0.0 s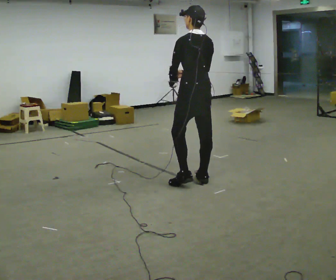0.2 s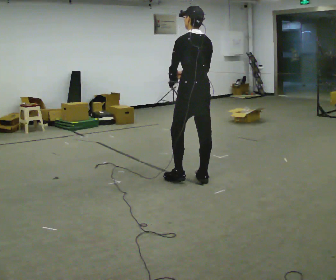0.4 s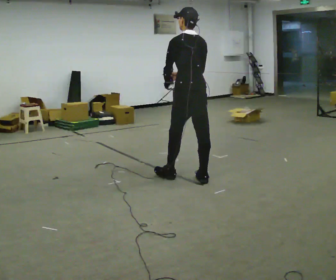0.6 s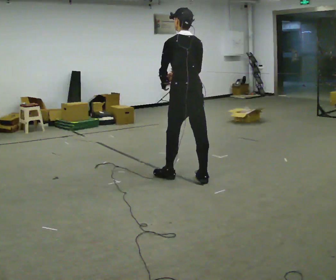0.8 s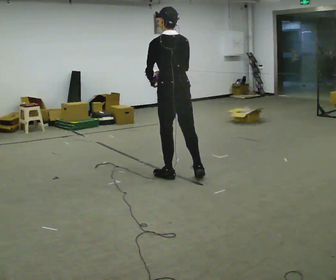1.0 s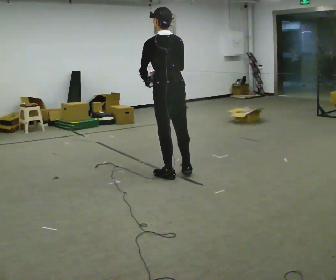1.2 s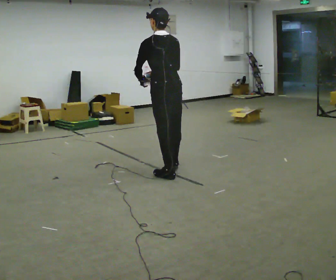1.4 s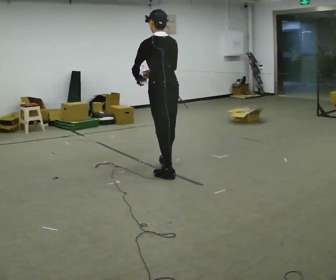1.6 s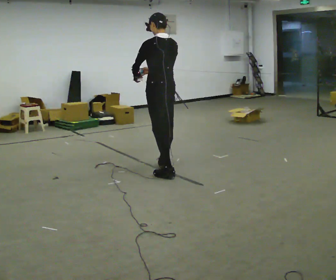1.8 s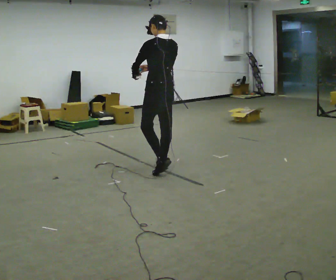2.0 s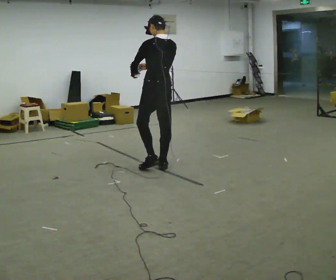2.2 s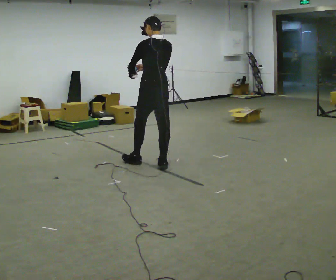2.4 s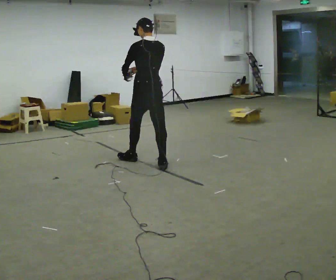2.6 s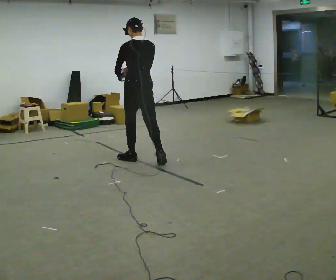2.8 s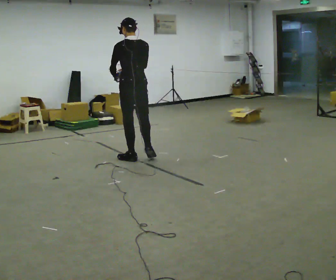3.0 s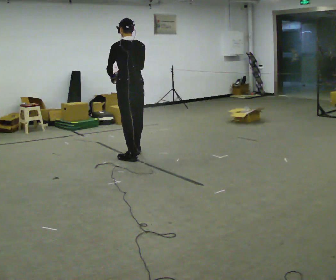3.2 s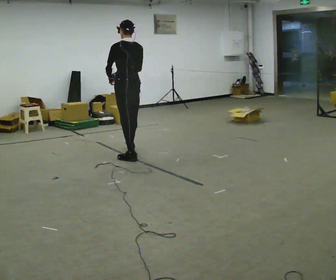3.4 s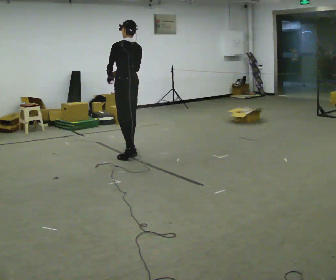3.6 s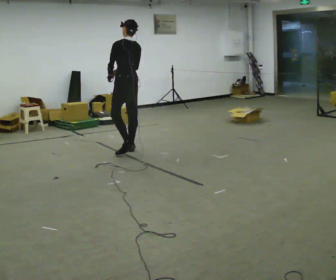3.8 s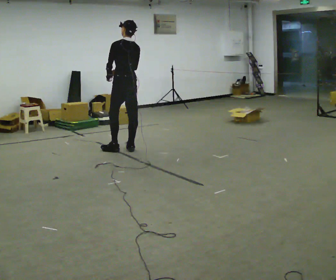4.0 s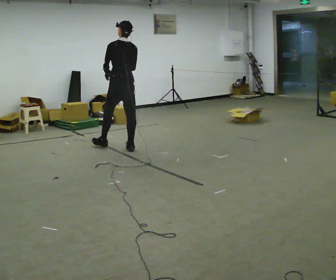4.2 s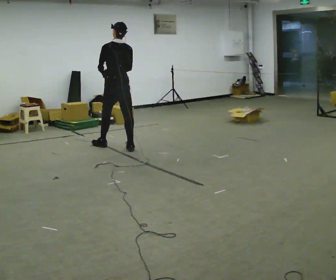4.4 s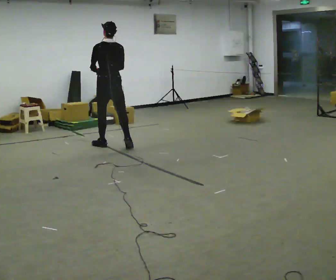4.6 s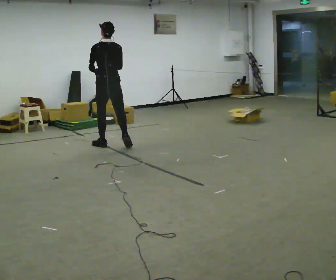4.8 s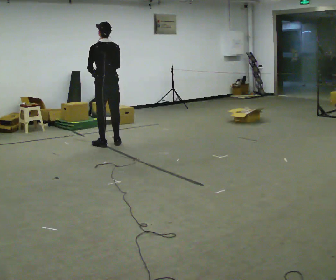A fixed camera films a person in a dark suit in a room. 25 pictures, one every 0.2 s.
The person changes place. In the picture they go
away from the camera.
0.0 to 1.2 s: In the picture they go to the left and away from the camera, about 0.25 m in 1 step, which for them is forward and to their left.
1.2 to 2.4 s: In the picture they go away from the camera, about 0.5 m in 2 steps, which for them is forward.
2.4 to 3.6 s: In the picture they go away from the camera, about 0.75 m in 1 step, which for them is forward.
3.6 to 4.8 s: In the picture they go away from the camera and to the left, about 0.5 m in 2 steps, which for them is forward.
The film runs forward here.
